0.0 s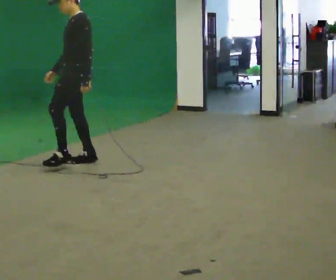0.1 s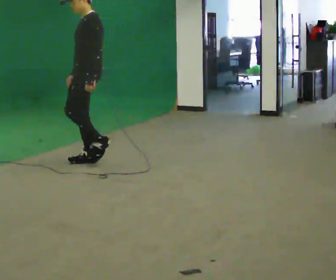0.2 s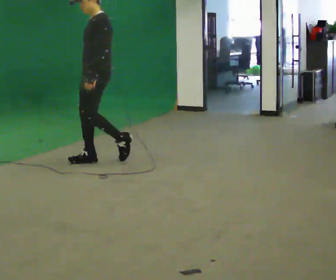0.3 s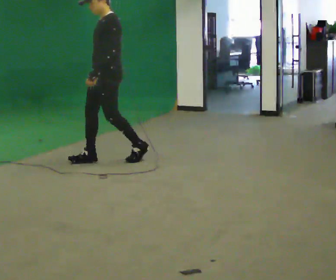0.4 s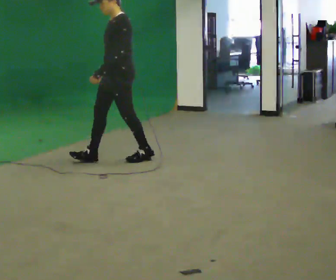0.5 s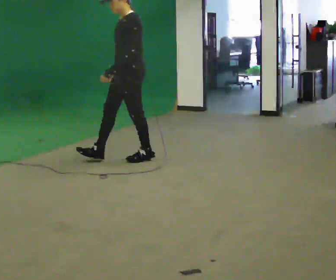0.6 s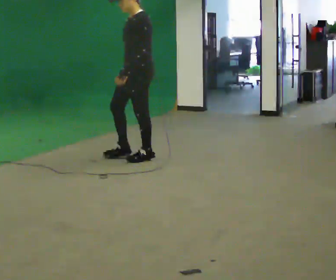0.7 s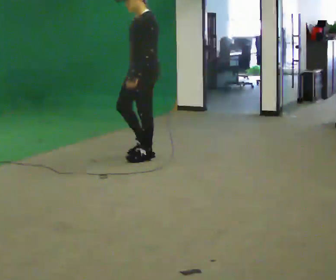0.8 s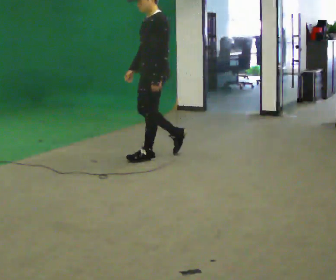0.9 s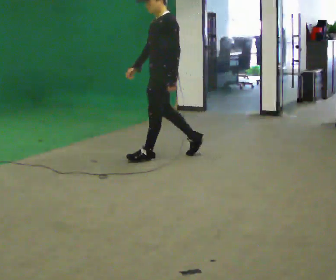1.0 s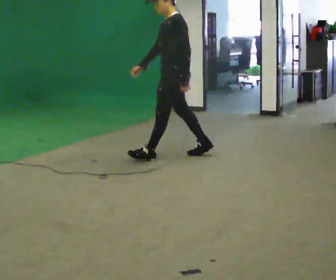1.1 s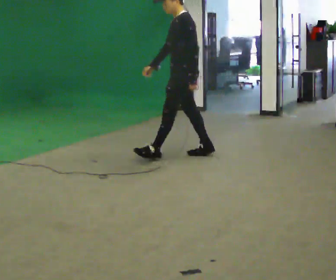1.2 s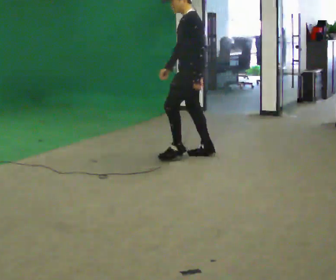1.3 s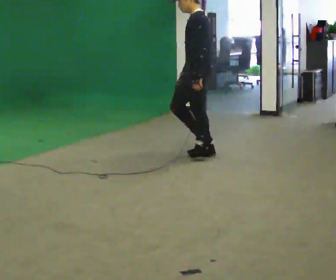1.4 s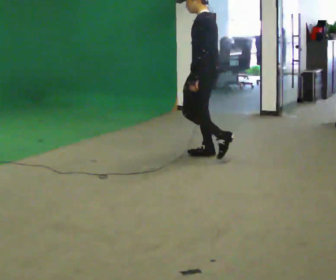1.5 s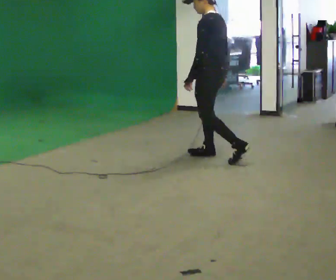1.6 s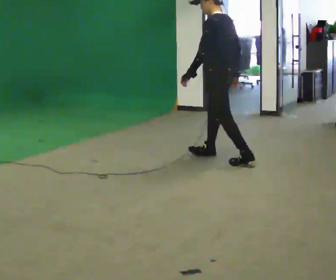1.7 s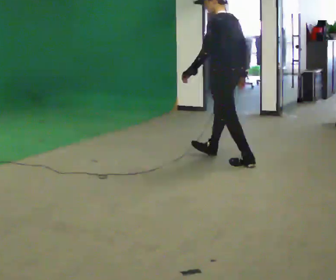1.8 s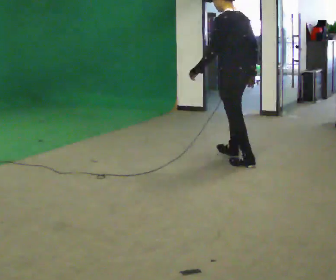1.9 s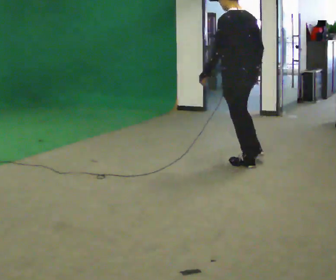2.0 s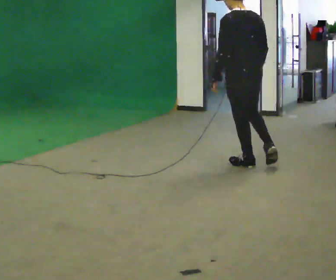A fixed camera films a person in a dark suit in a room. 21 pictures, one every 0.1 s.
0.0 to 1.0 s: In the picture they go to the right, about 1 m in 1 step, which for them is backward.
1.0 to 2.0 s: Seen from above the body turns clockwise, about 75 degrees: to their right, with its near side sliding to the left. In the picture they go to the right and toward the camera, about 1 m in 2 steps.
The film runs backward here.
